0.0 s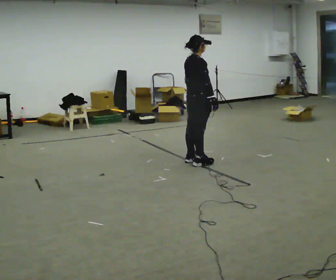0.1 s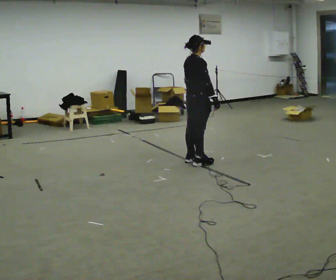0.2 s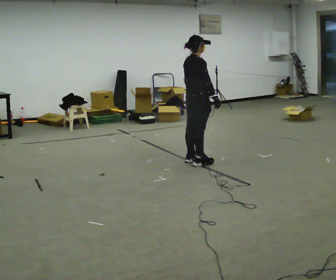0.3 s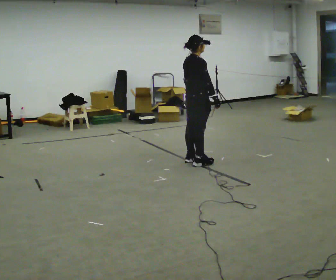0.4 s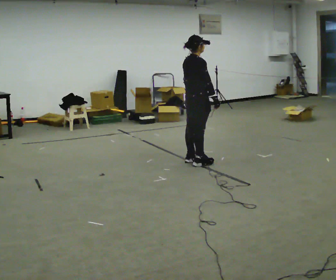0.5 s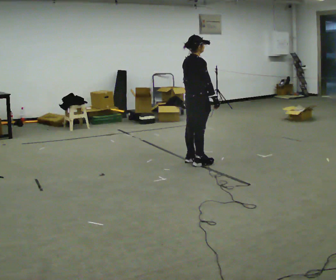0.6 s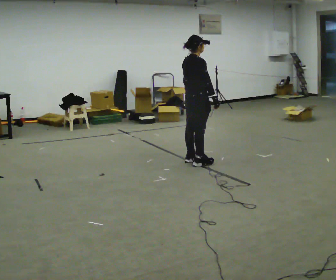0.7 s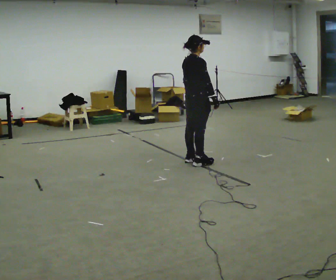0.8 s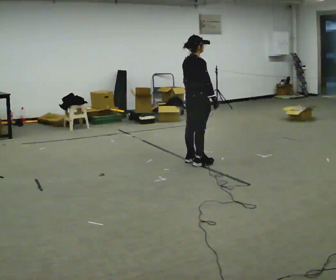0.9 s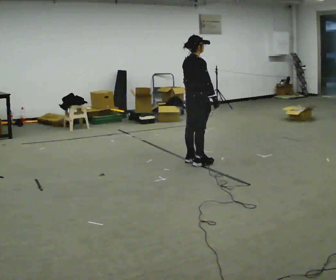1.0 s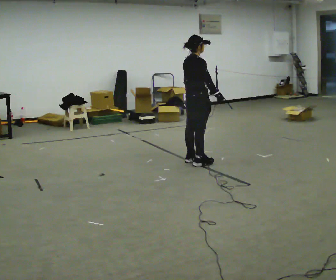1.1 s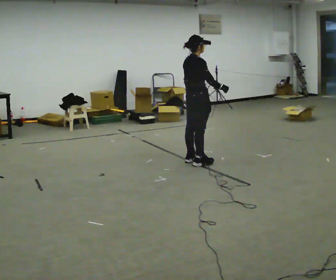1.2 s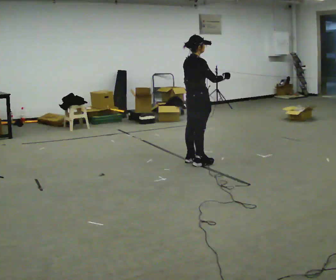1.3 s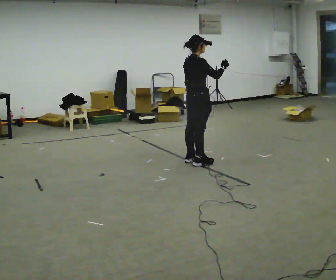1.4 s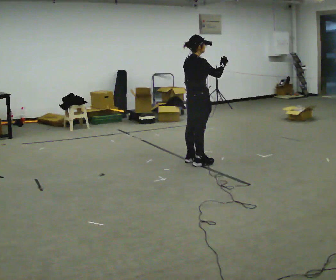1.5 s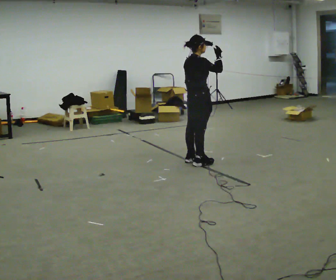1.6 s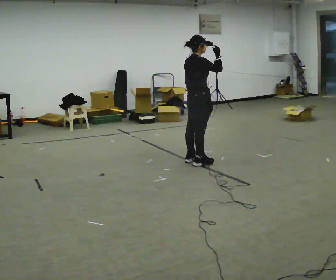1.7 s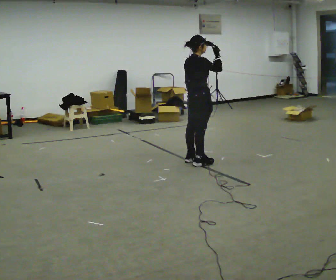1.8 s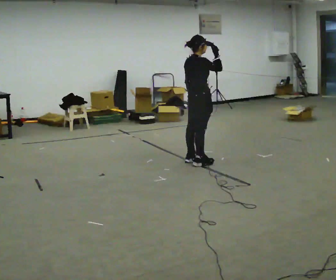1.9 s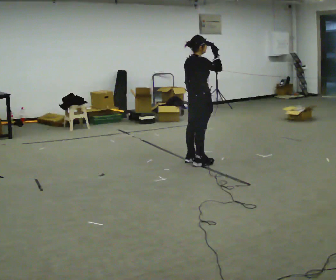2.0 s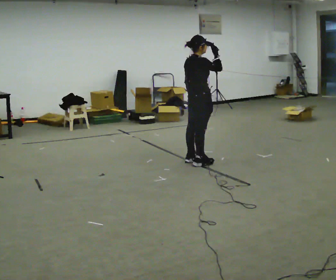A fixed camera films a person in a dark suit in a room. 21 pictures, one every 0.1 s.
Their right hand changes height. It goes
upward.
0.0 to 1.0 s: The person moves a little, or ends about where they began.
1.0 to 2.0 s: In the picture their right hand goes upward.
The film runs forward here.
